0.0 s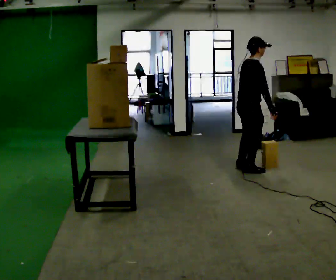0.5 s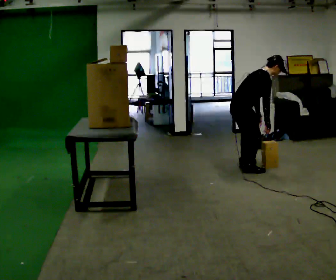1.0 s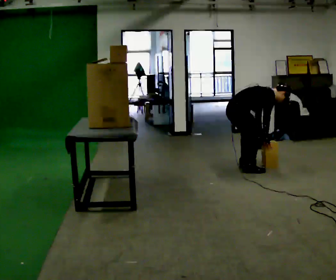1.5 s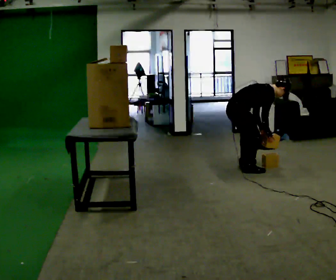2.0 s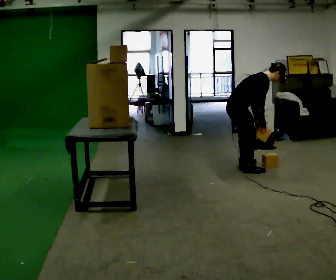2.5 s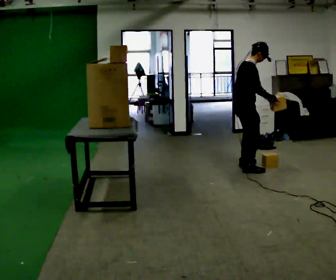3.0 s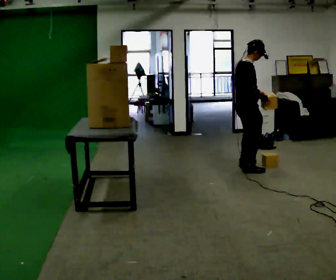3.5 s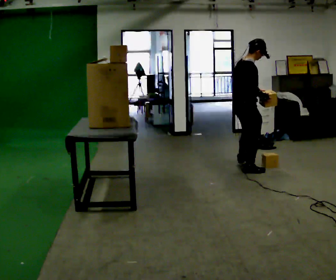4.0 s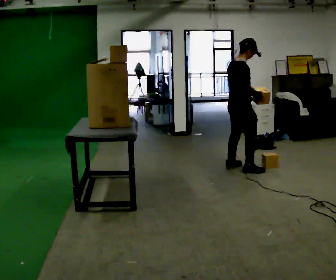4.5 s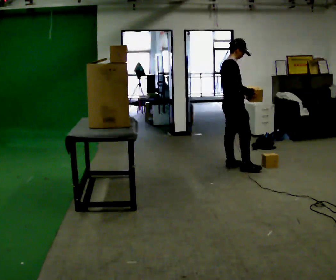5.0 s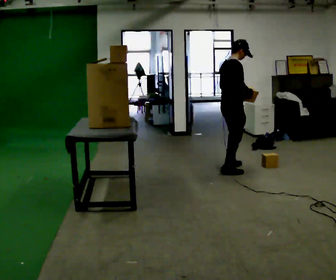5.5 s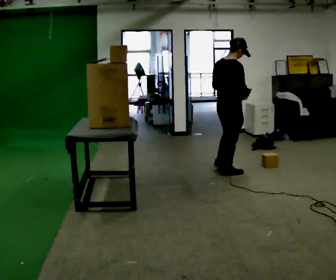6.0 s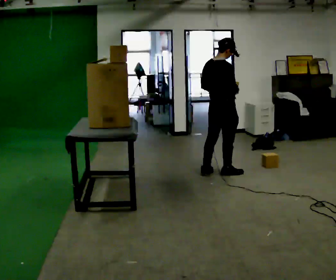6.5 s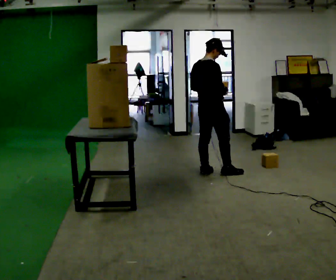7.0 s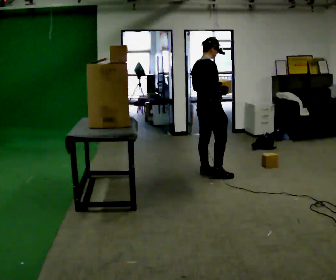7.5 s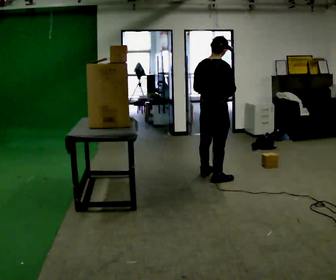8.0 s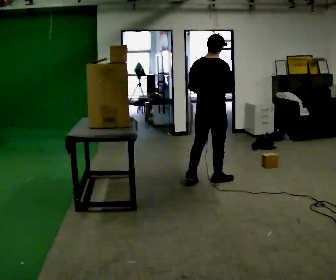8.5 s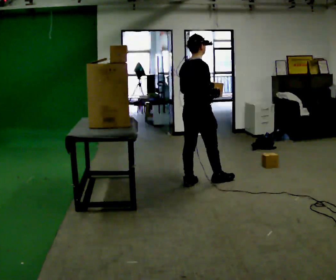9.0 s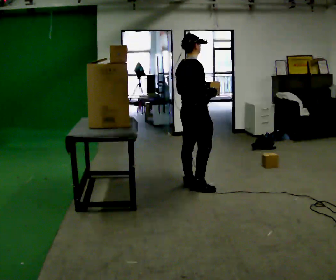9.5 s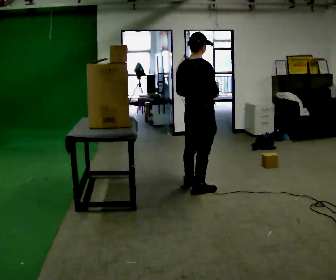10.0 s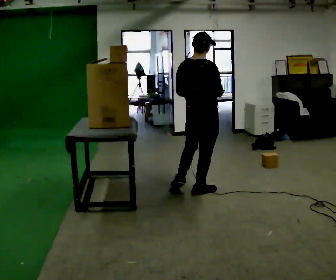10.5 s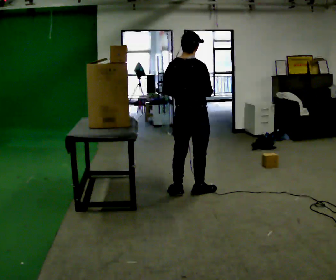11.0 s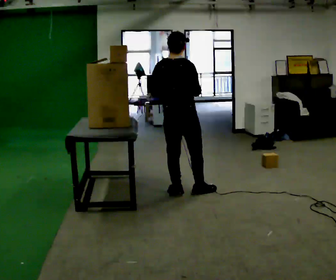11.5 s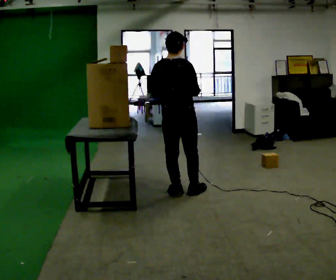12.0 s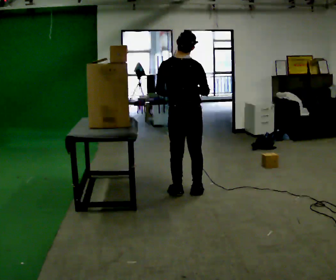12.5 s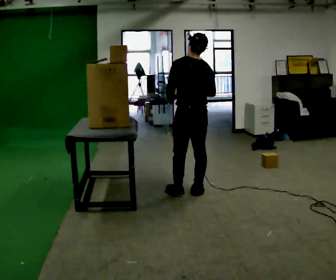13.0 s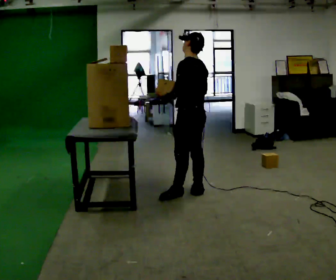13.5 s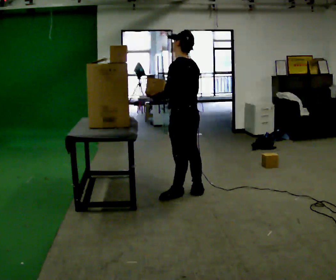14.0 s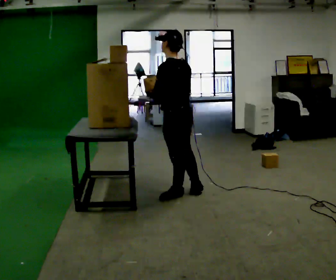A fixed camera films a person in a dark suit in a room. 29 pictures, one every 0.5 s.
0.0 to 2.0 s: The person moves a little, or ends about where they began.
2.0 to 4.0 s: The shoulders move upward. In the picture the upper body tilts counterclockwise, shoulders to the left, as they lean back or straighten. In the picture their right hand goes upward.
4.0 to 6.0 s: In the picture they go to the left, about 0.25 m in 2 steps, which for them is backward.
6.0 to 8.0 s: In the picture they go toward the camera, about 0.25 m in 2 steps, which for them is backward and to their right.
8.0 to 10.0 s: In the picture they go toward the camera, about 0.5 m in 2 steps, which for them is backward and to their right.
10.0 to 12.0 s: In the picture they go to the left, about 0.25 m, which for them is to their left.
12.0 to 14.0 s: Seen from above the body turns counterclockwise, about 60 degrees: to their left, with its near side sliding to the right. In the picture their right hand goes to the left.
The film runs backward here.
